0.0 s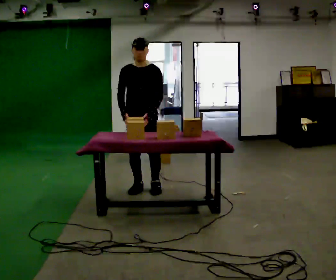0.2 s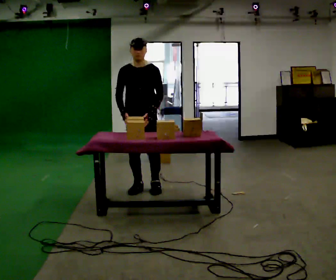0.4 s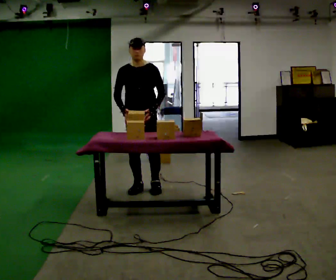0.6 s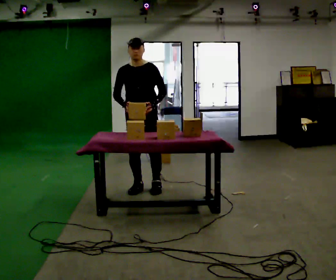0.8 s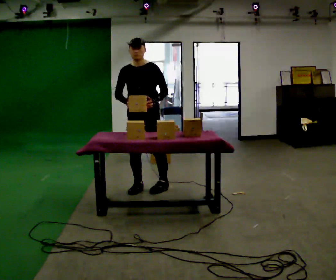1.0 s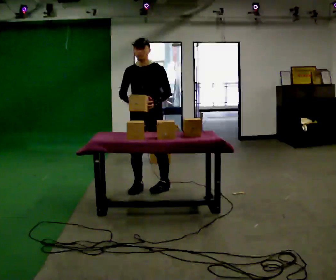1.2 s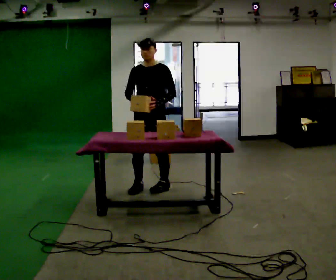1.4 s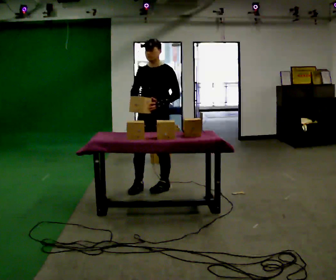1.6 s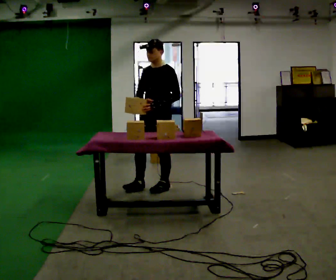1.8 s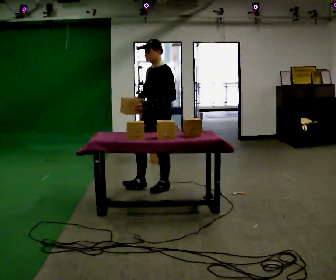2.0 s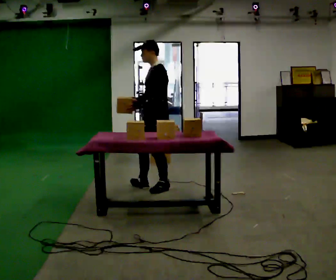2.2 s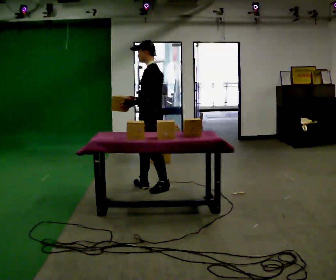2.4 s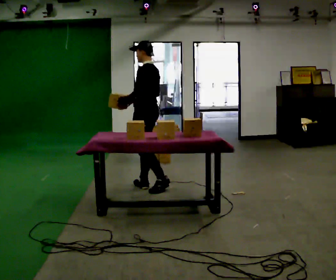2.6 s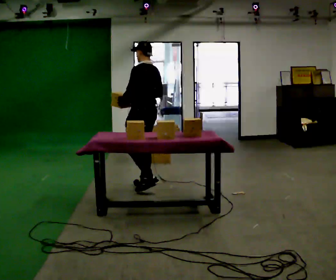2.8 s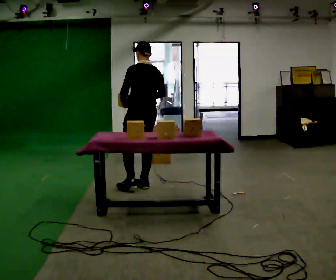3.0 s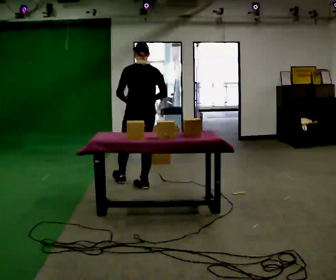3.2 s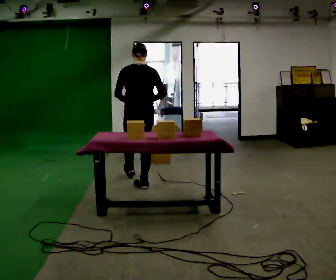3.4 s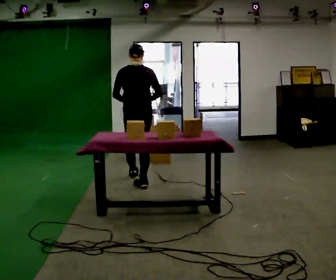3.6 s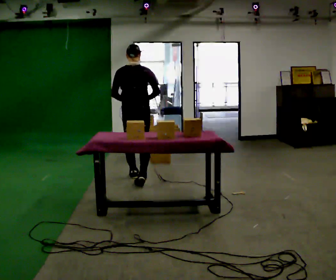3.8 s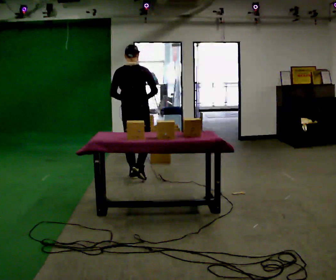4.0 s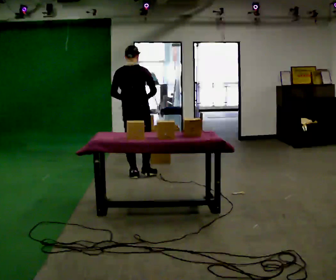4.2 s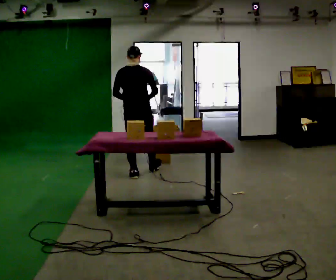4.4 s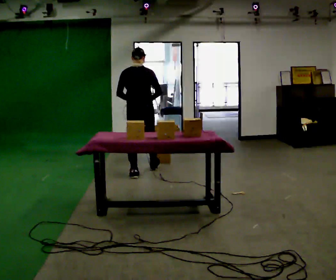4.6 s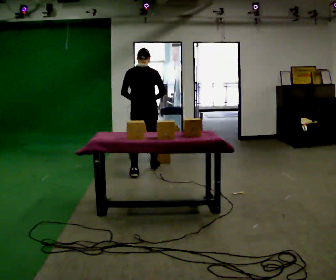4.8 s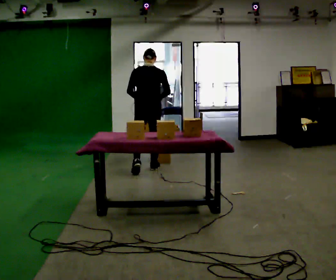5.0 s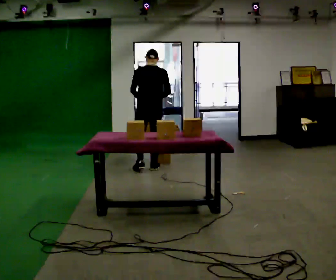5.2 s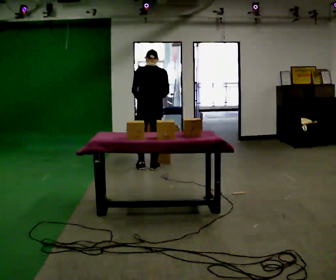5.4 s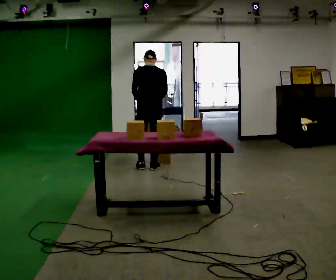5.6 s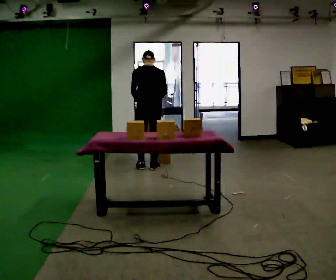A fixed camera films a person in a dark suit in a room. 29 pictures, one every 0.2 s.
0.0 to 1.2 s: The person moves a little, or ends about where they began.
1.2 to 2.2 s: The part of the body nearest the lens slides to the left as the person turns to their right by about 75 degrees. In the picture their left hand goes to the left, the arm swinging clockwise.
2.2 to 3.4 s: The part of the body nearest the lens slides to the left as the person turns to their right by about 90 degrees. In the picture they go away from the camera and to the left, about 0.25 m in 1 step.
3.4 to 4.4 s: In the picture they go away from the camera, about 0.5 m in 1 step, which for them is forward.
4.4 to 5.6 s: In the picture they go away from the camera, about 0.25 m in 1 step, which for them is forward.
The film runs forward here.
